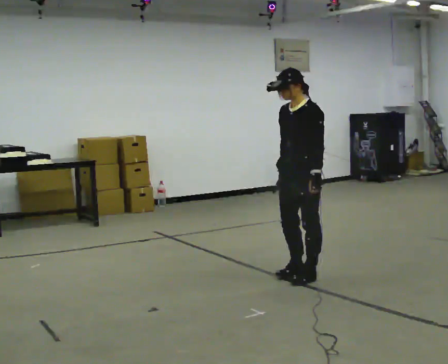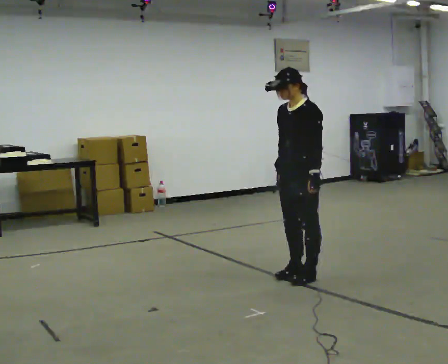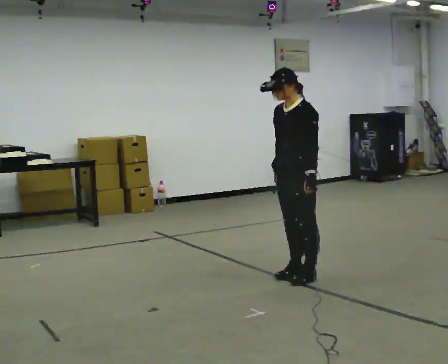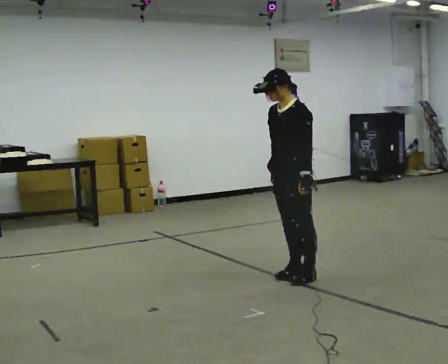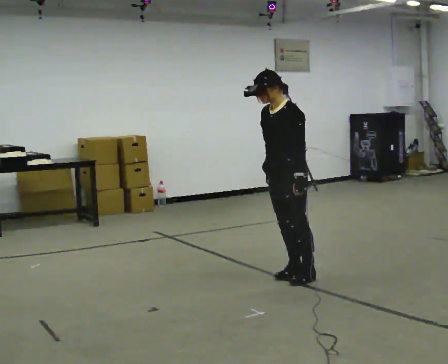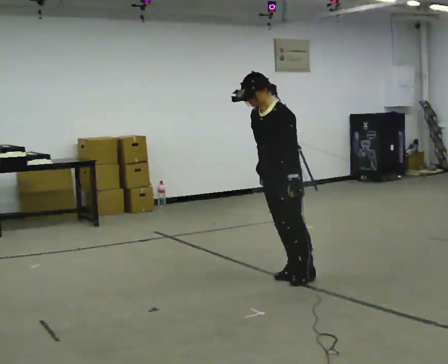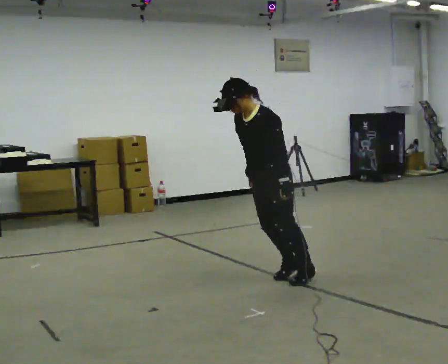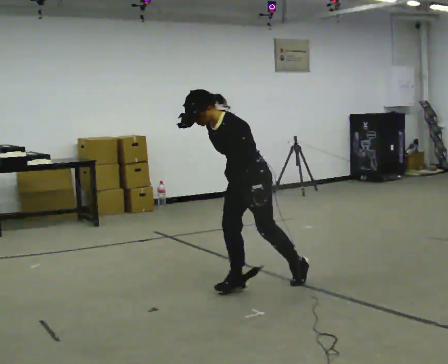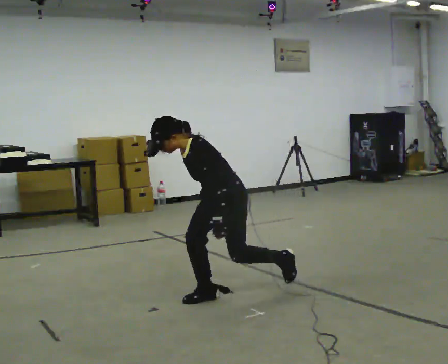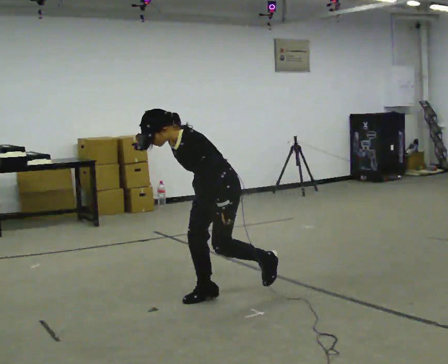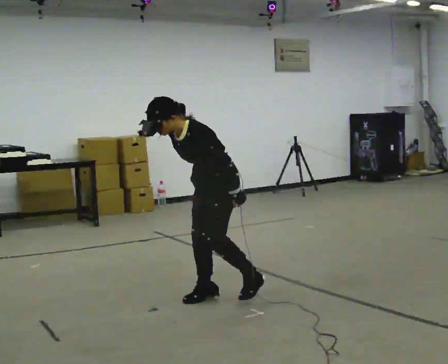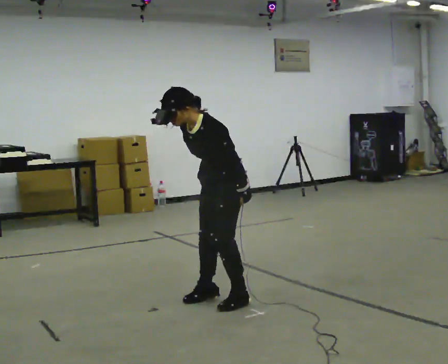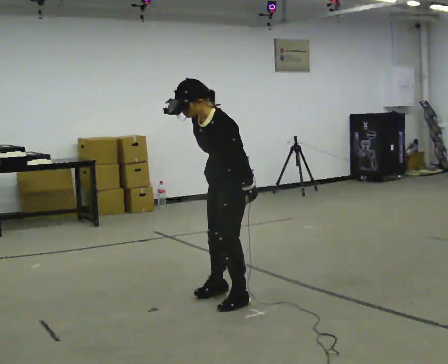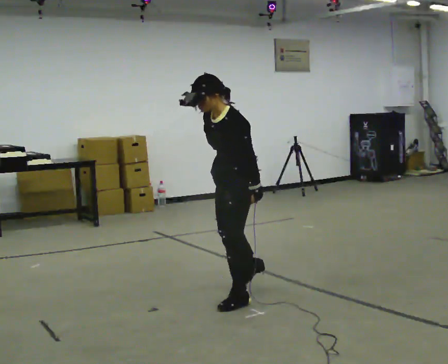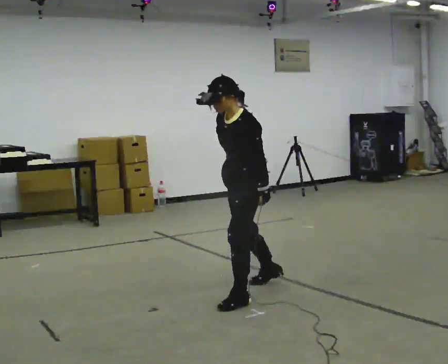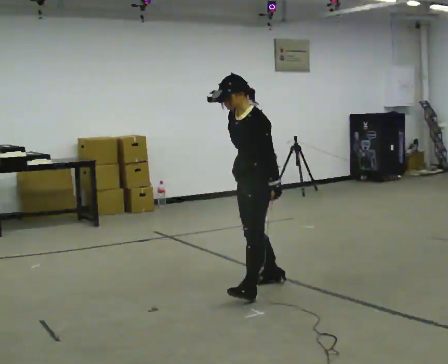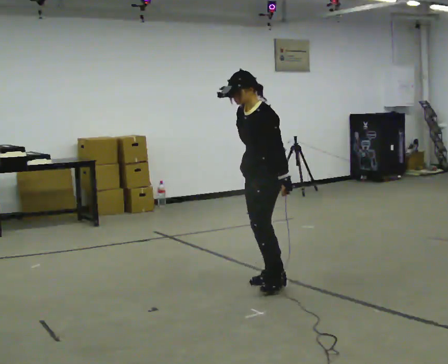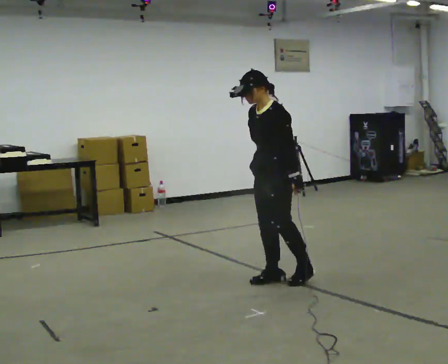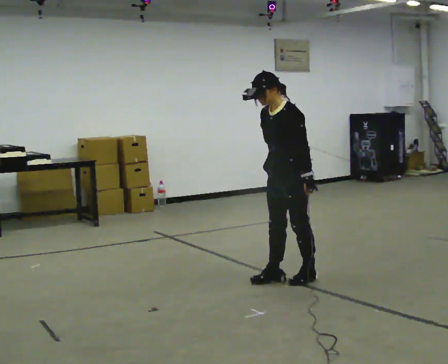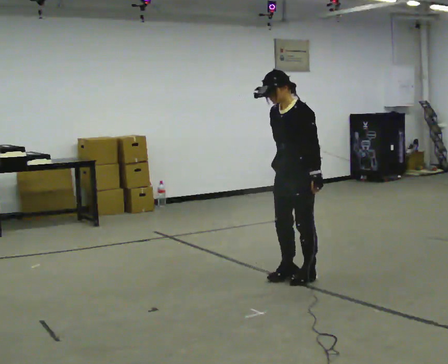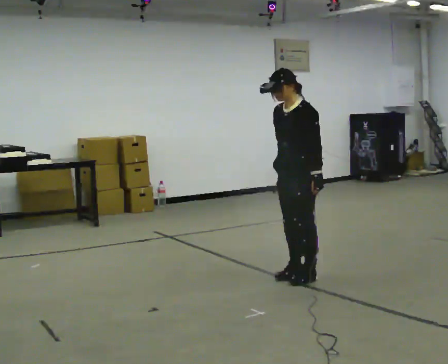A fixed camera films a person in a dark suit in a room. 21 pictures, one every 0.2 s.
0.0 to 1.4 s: In the picture they go to the left and toward the camera, about 0.5 m, which for them is forward. In the picture the upper body tilts counterclockwise, shoulders to the left, as they bend forward.
1.4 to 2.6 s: In the picture they go toward the camera, about 0.25 m in 2 steps, which for them is forward.
2.6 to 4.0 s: In the picture they go to the right and away from the camera, about 0.5 m in 3 steps, which for them is backward.
The film runs forward here.
